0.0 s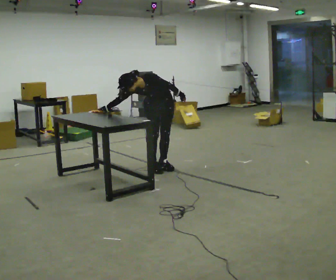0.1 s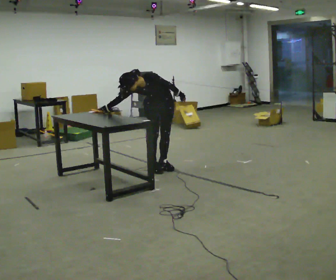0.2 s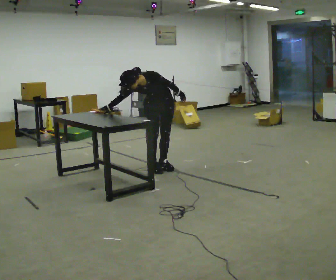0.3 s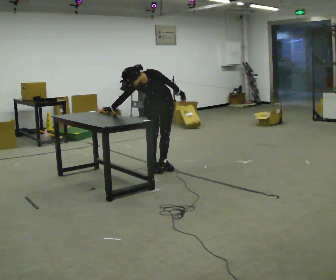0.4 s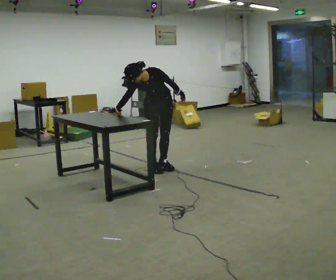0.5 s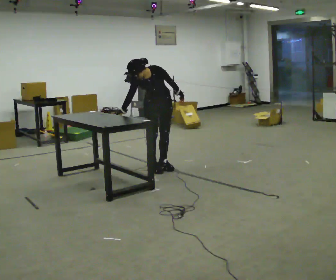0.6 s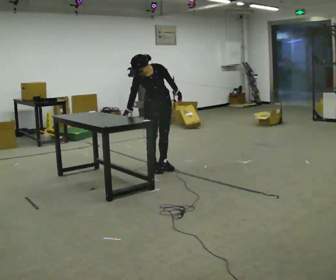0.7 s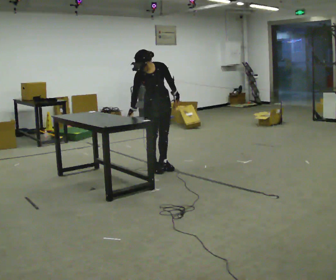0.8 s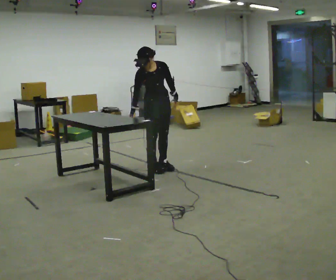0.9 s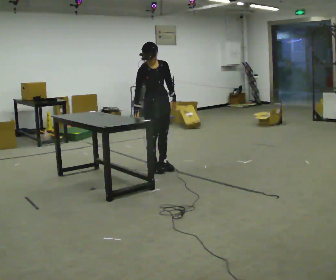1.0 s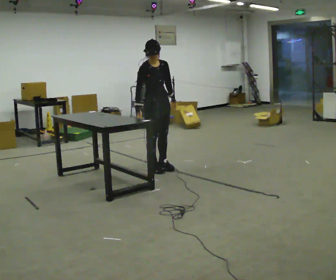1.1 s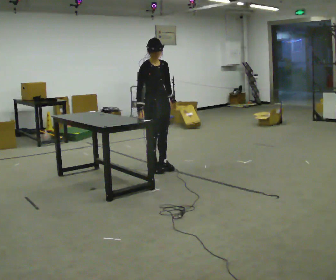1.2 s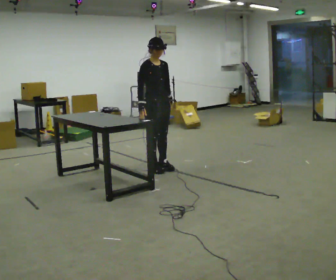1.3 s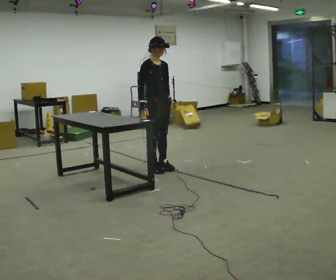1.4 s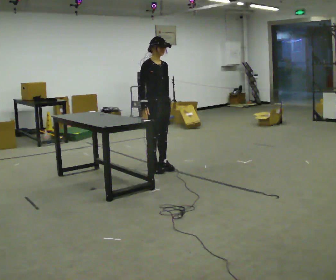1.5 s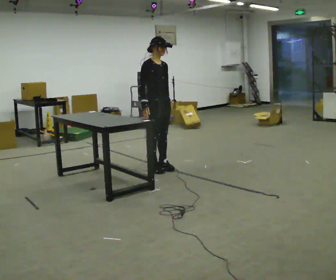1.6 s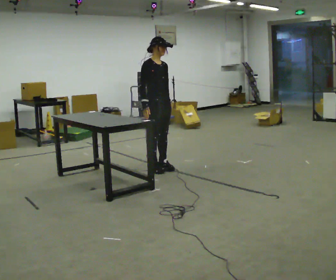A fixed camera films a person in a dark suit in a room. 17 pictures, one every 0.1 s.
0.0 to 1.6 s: The part of the body nearest the lens slides to the right as the person turns to their left by about 60 degrees. The upper body goes upward. The upper body tips away from the camera, its near side rolling upward, as they lean back or straighten. In the picture their right hand goes to the right.
The film runs forward here.
